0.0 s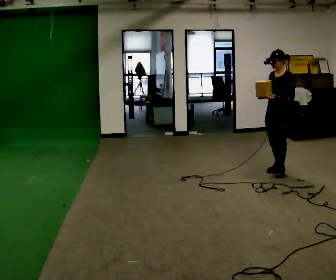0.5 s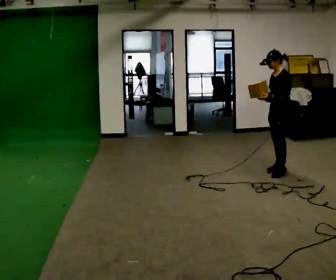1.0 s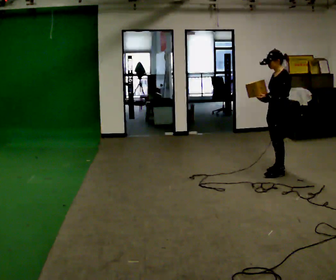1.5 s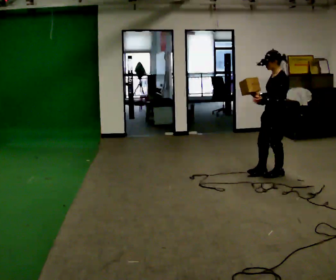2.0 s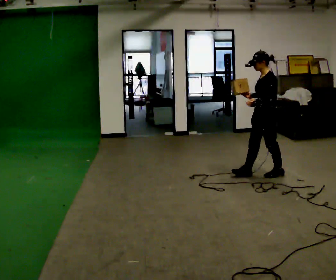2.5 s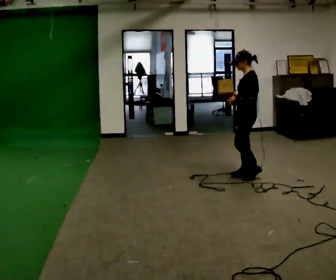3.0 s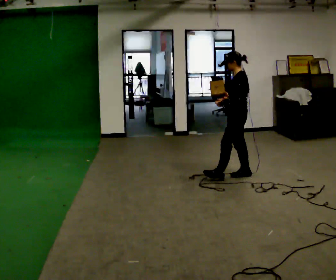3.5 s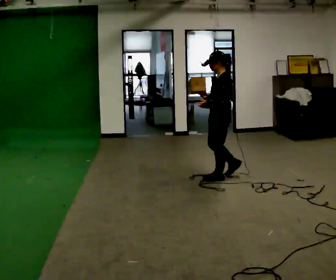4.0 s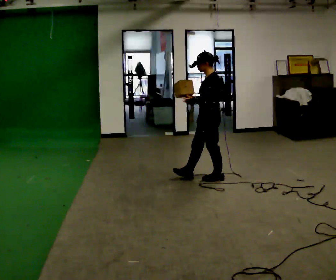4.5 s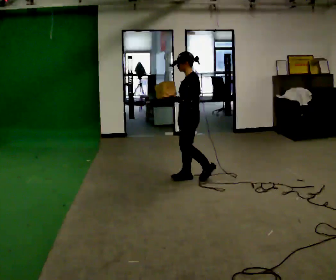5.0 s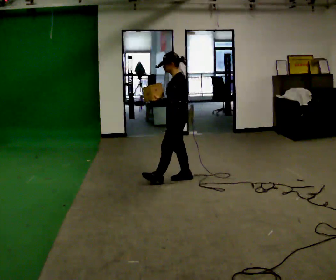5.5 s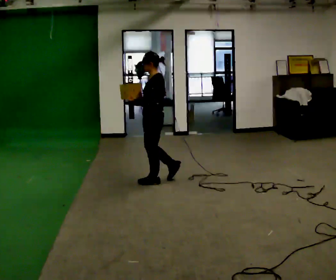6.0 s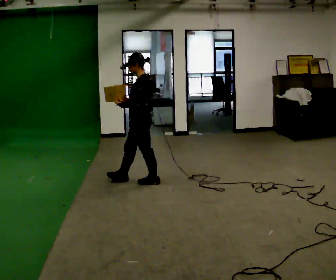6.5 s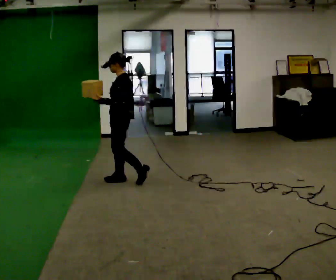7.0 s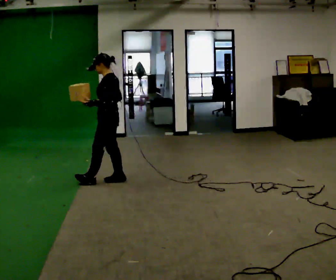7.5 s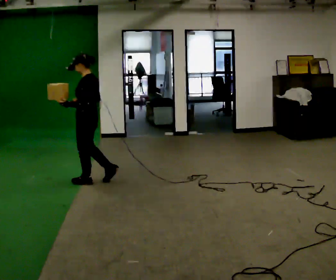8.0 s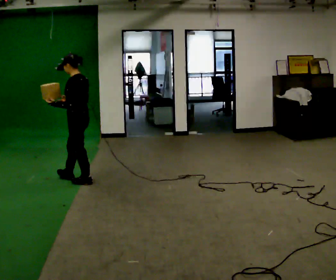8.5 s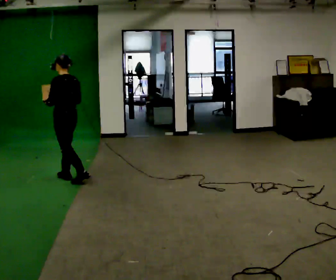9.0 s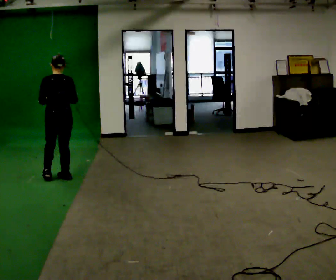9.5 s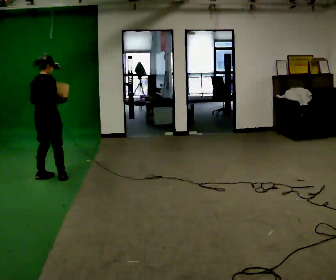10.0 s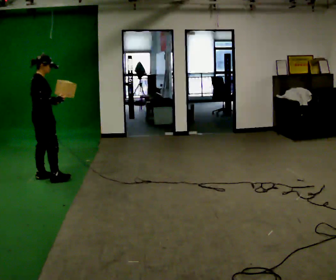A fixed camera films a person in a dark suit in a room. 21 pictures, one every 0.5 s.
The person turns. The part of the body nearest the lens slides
to the left.
The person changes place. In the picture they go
to the left.
0.0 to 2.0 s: The part of the body nearest the lens slides to the left as the person turns to their right by about 30 degrees. In the picture they go to the left, about 0.25 m in 1 step, which for them is forward.
2.0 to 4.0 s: In the picture they go to the left, about 0.75 m in 2 steps, which for them is forward.
4.0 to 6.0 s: In the picture they go to the left, about 1 m in 2 steps, which for them is forward.
6.0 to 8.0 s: In the picture they go to the left, about 0.5 m in 1 step, which for them is forward.
8.0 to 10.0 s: Seen from above the body turns clockwise, about 150 degrees: to their right, with its near side sliding to the left. In the picture they go to the left, about 0.5 m in 3 steps.
The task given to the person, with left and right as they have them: Carry the object in one hand and, while walking, pass it to your other hand. Keep passing it back and forth as you walk.
The film runs forward here.
